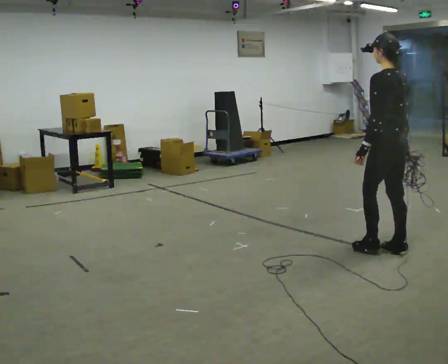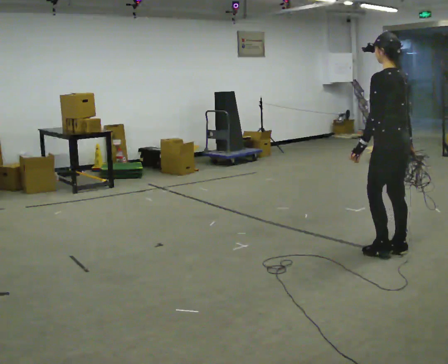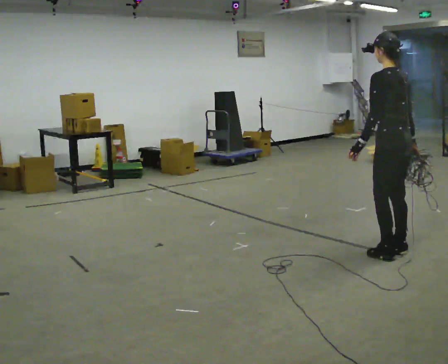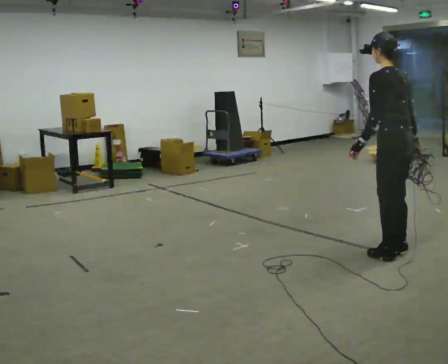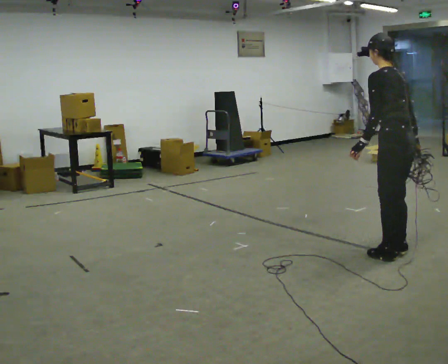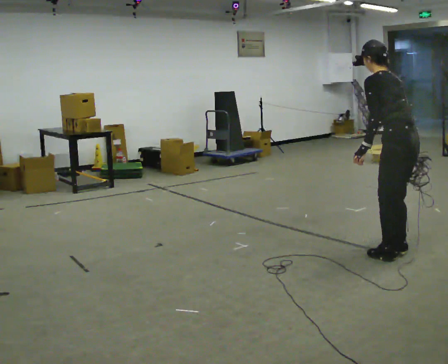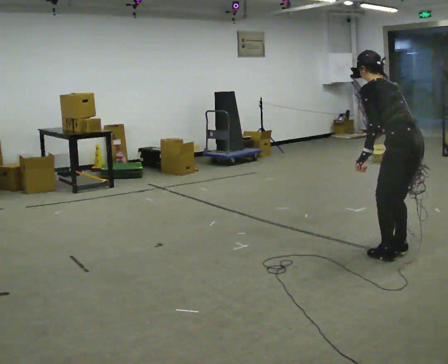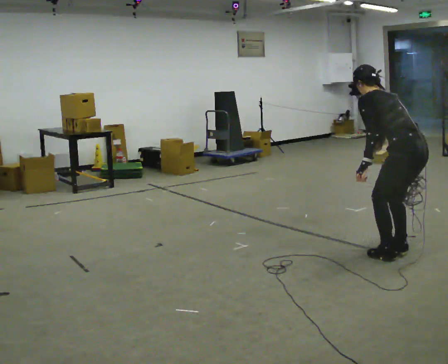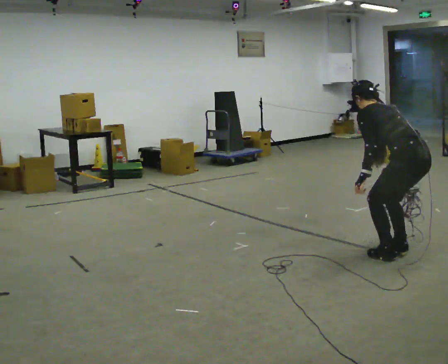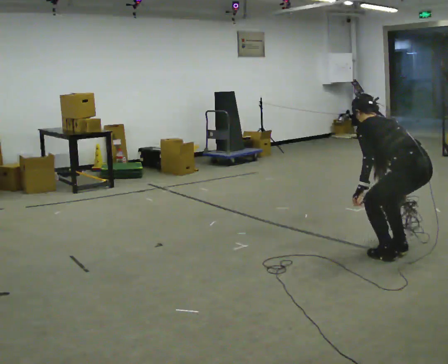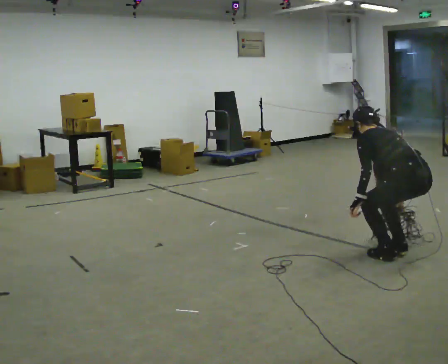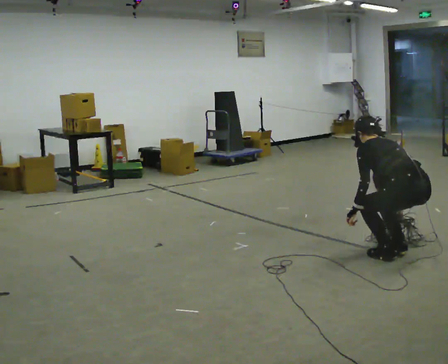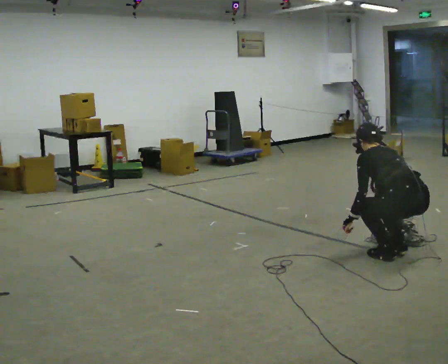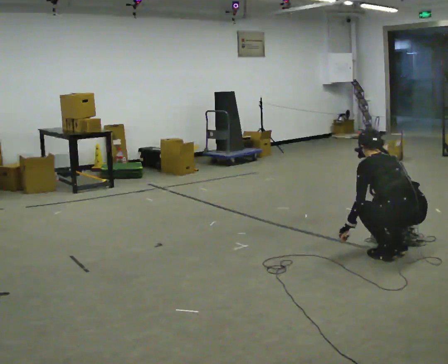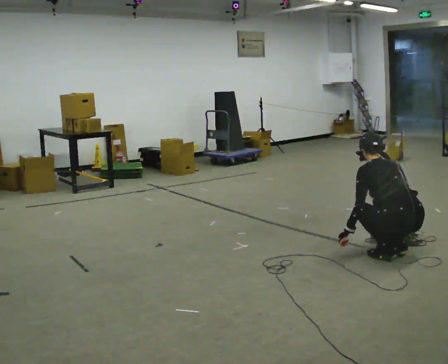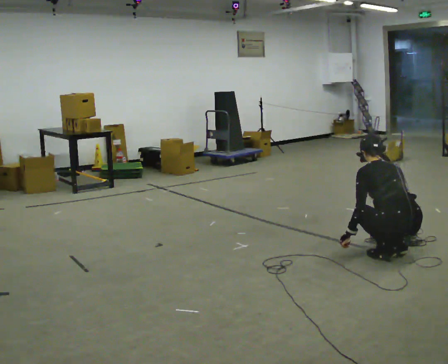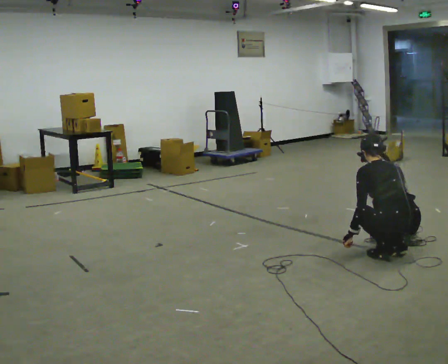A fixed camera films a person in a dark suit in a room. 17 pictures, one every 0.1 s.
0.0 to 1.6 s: The person turns about 30 degrees to their right, clockwise seen from above, so the part of the body nearest the lens slides to the left. In the picture they go toward the camera, about 0.25 m, which for them is backward. The shoulders move downward. The upper body tips away from the camera, its near side rolling upward. In the picture their left hand goes downward.
The film runs backward here.
